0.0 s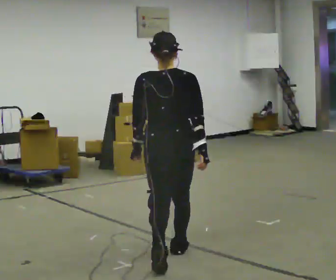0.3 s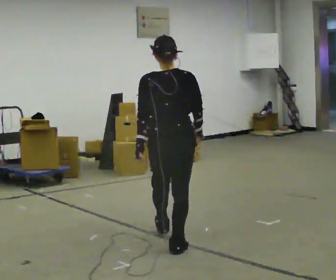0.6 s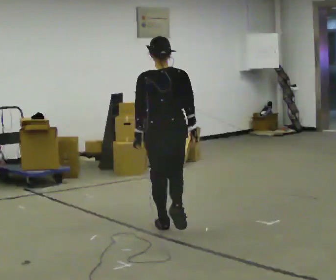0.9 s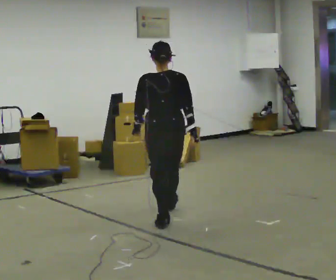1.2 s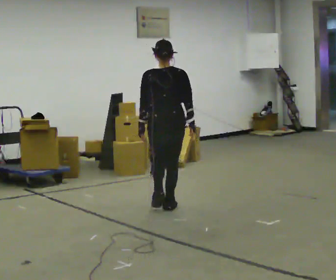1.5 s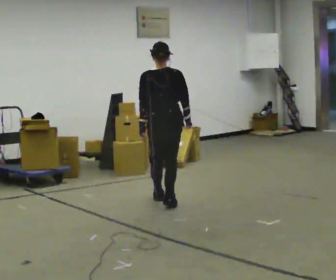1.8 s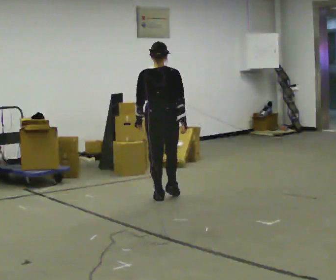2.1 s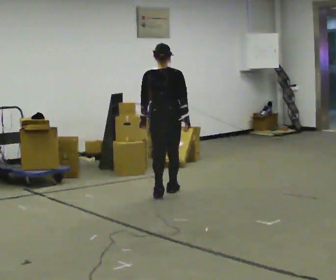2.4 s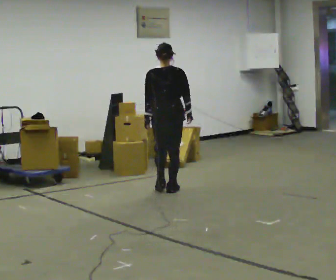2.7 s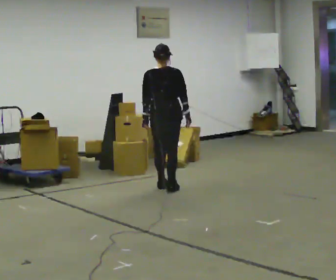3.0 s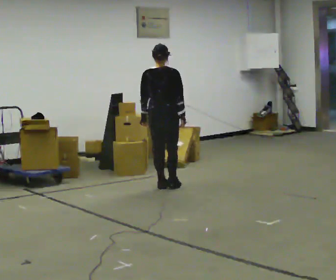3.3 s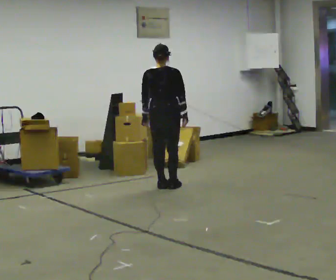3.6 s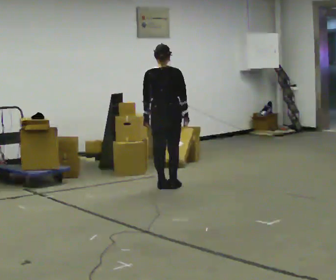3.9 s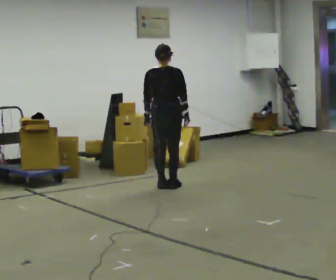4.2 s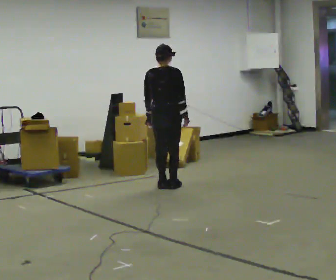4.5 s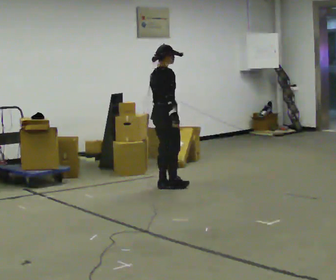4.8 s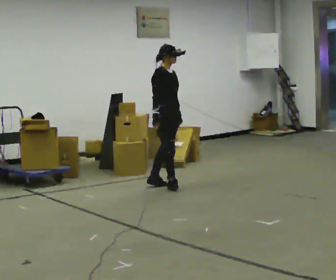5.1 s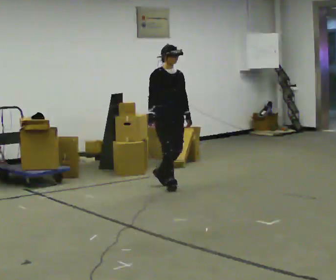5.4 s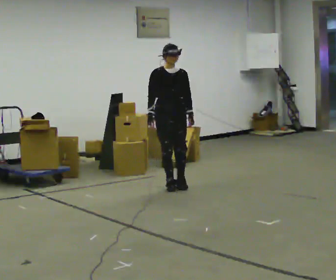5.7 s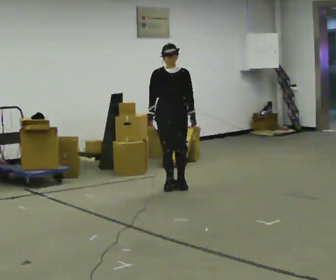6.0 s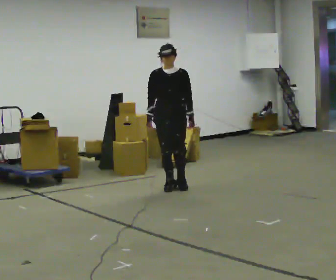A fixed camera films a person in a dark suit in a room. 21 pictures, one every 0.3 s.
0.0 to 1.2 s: In the picture they go away from the camera, about 1.5 m in 2 steps, which for them is forward.
1.2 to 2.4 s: In the picture they go away from the camera, about 1 m in 2 steps, which for them is forward.
2.4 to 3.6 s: In the picture they go away from the camera, about 0.25 m in 2 steps, which for them is forward.
3.6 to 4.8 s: Seen from above the body turns clockwise, about 120 degrees: to their right, with its near side sliding to the left. In the picture their right hand goes to the left.
4.8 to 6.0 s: Seen from above the body turns clockwise, about 60 degrees: to their right, with its near side sliding to the left.
The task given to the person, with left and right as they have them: Start still; accelerate to fast walking; hold the fast speed for several steps; decelerate and stop. Do not run.
The film runs forward here.
